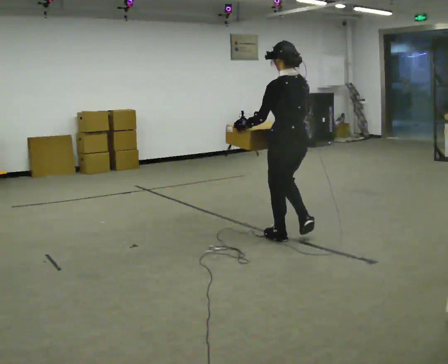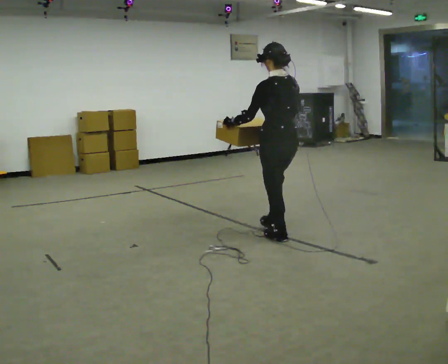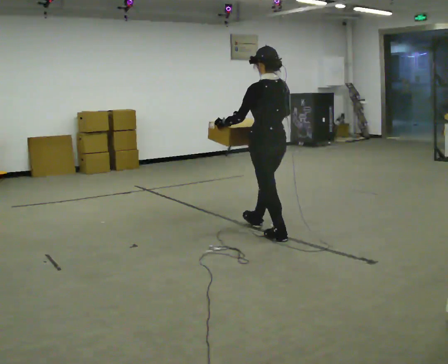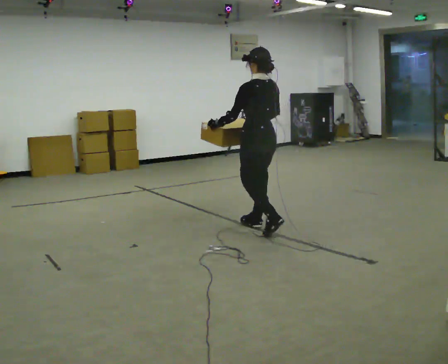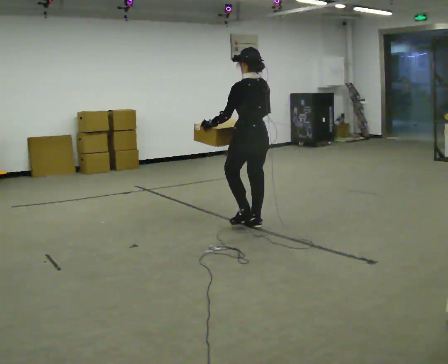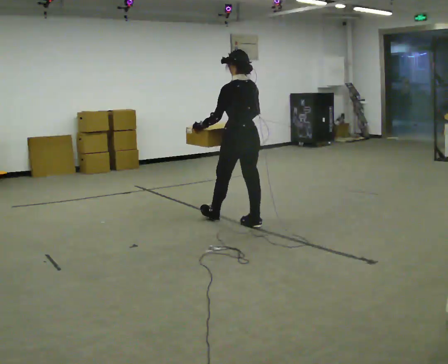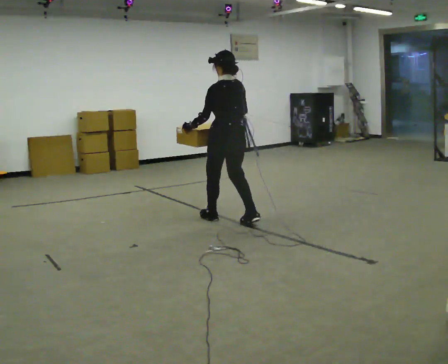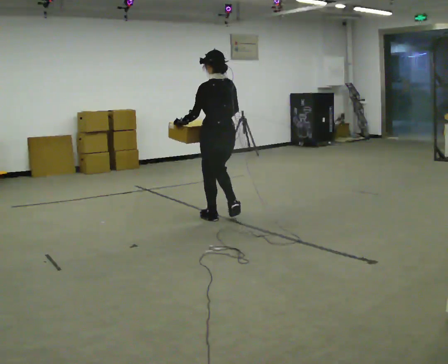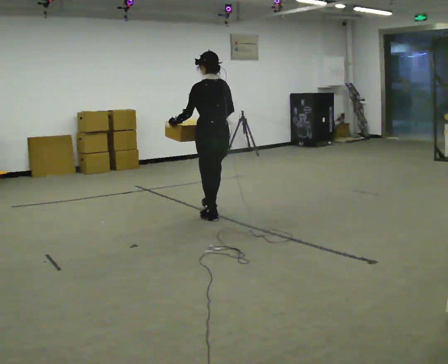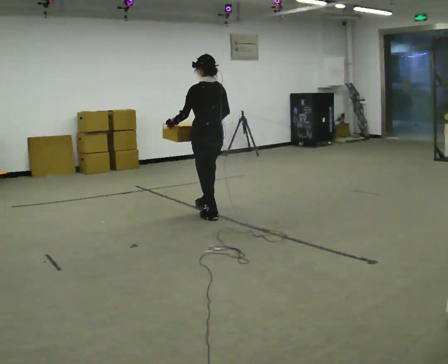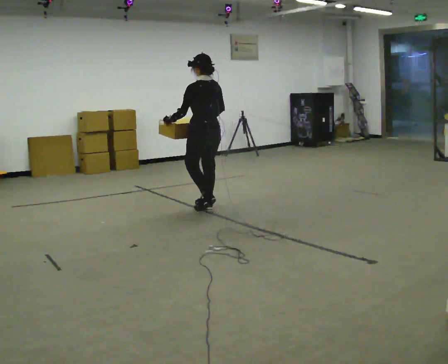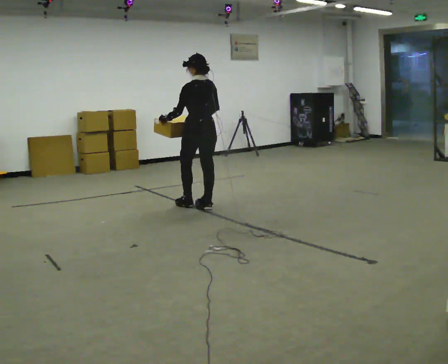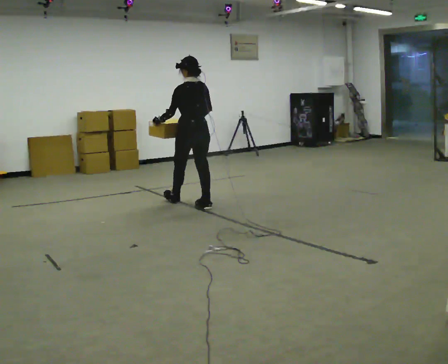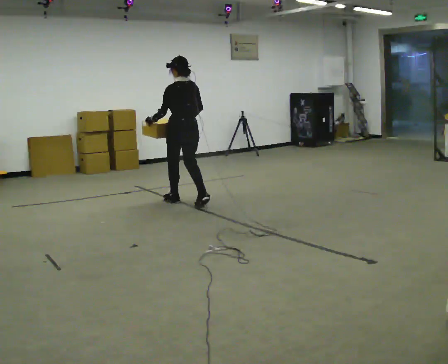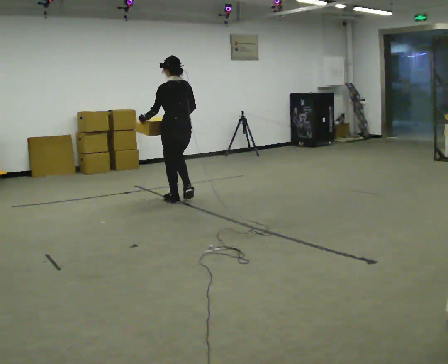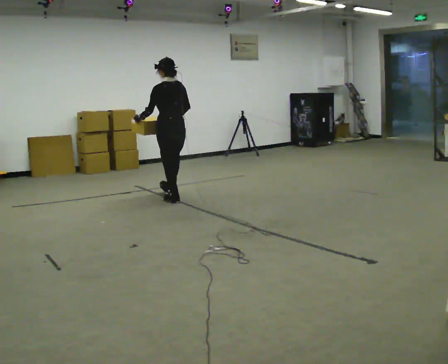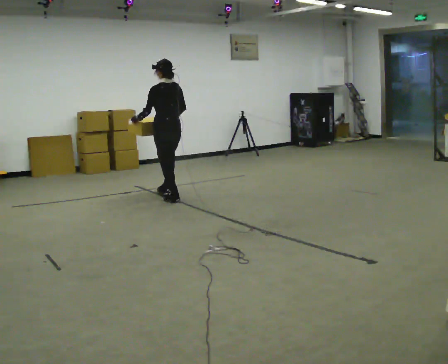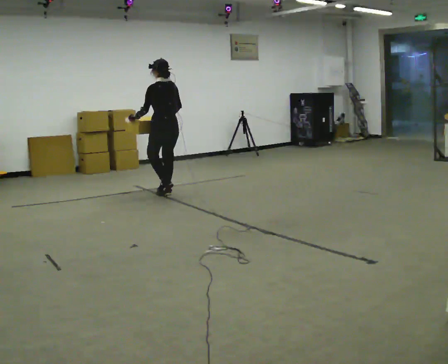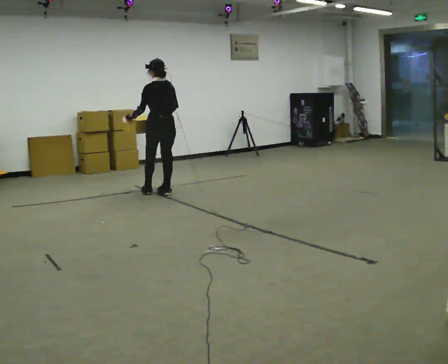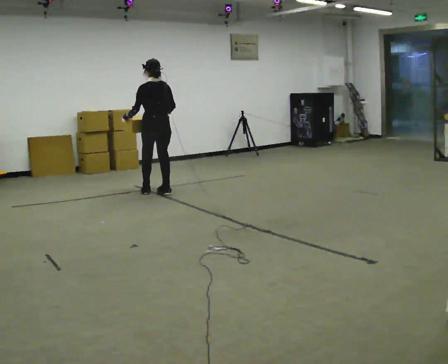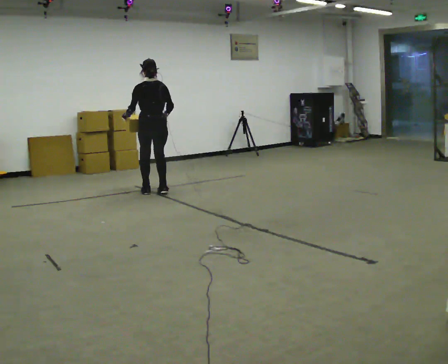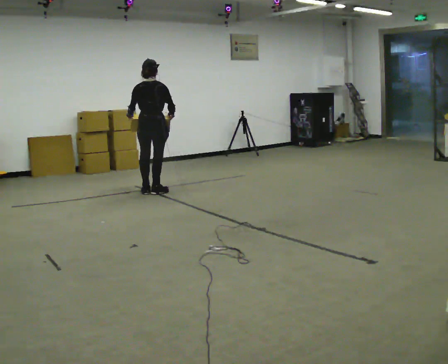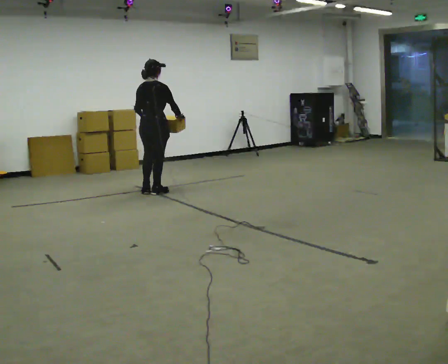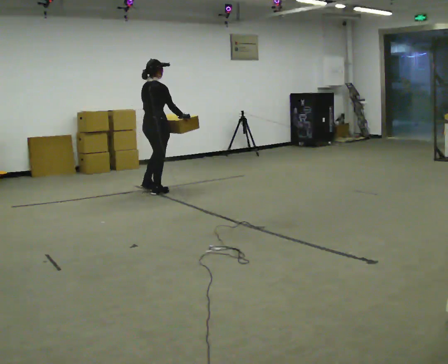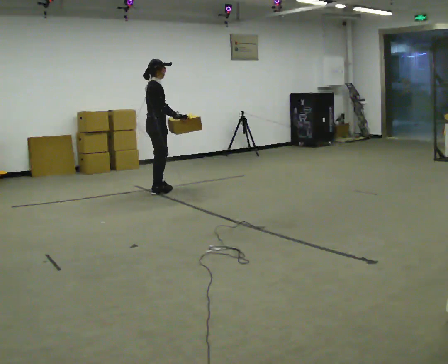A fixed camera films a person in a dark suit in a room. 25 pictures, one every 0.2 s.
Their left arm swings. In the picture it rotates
counterclockwise.
The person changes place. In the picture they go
away from the camera.
0.0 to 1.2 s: In the picture they go away from the camera and to the left, about 1 m in 2 steps, which for them is forward.
1.2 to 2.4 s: In the picture they go away from the camera and to the left, about 0.5 m in 2 steps, which for them is forward.
2.4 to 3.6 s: In the picture they go away from the camera and to the left, about 0.5 m in 1 step, which for them is forward.
3.6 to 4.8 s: The person turns about 120 degrees to their right, clockwise seen from above, so the part of the body nearest the lens slides to the left.
The film runs forward here.
